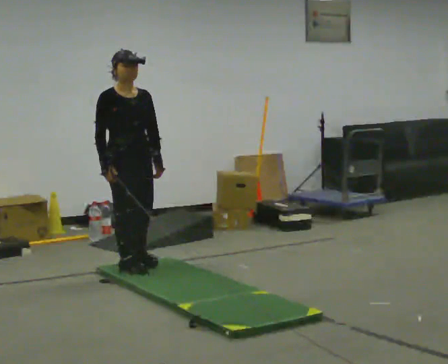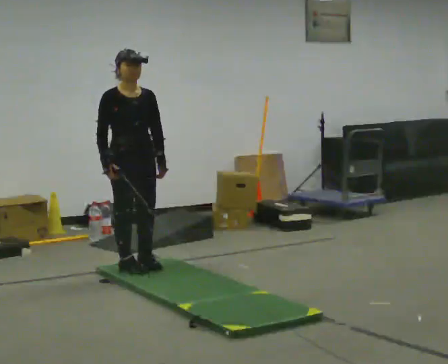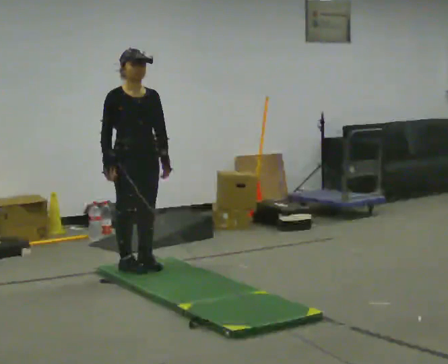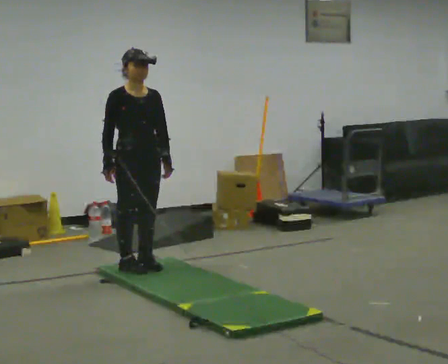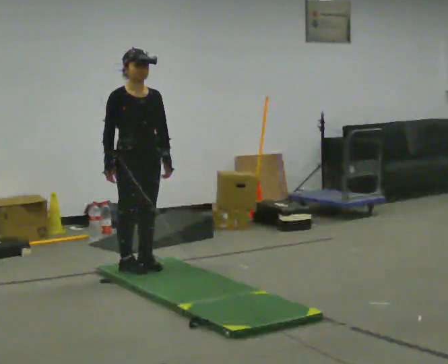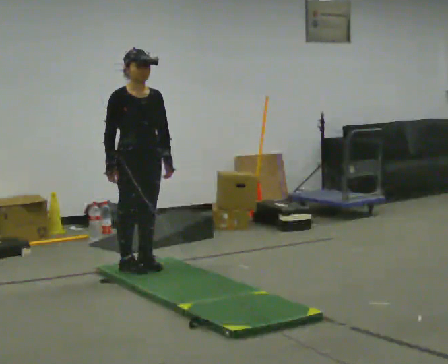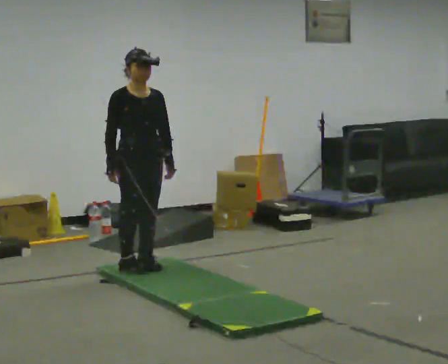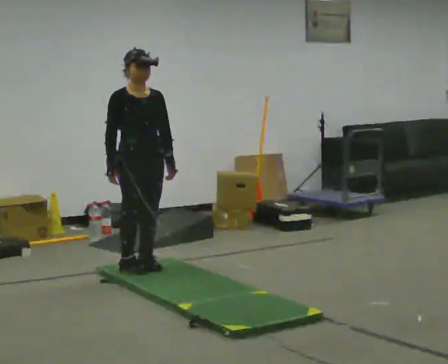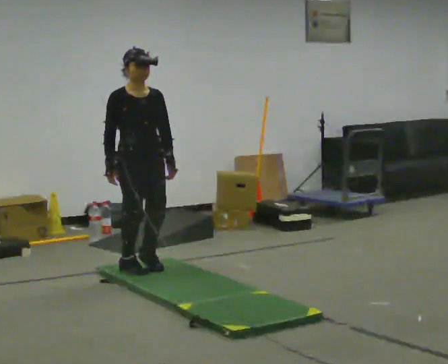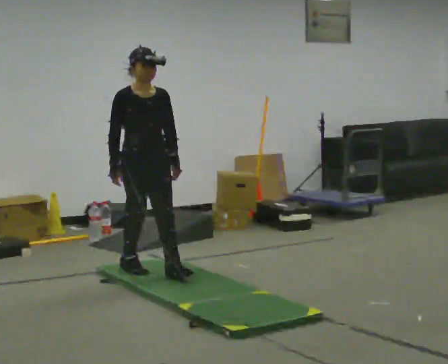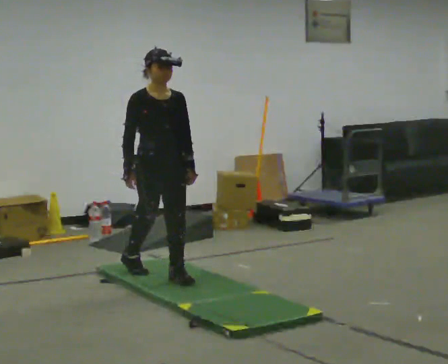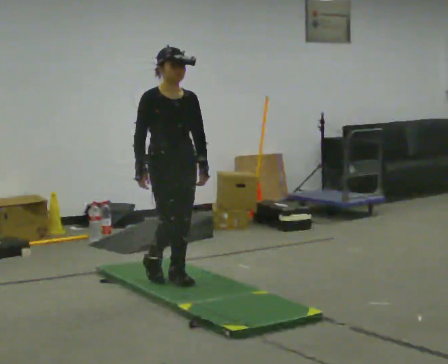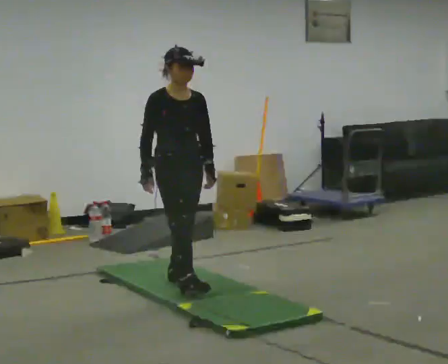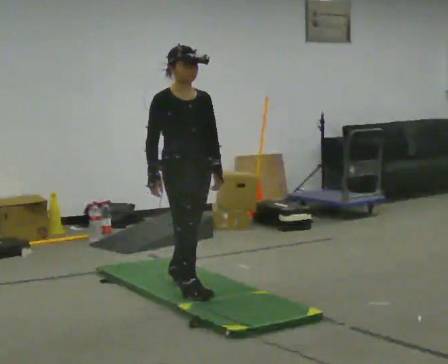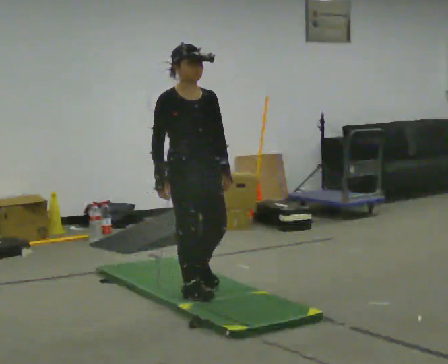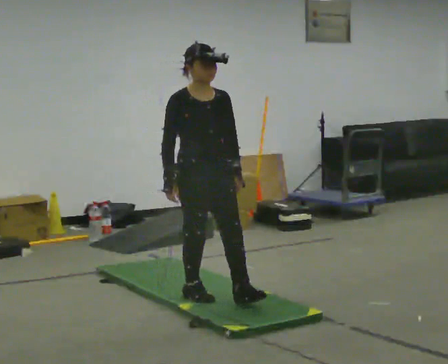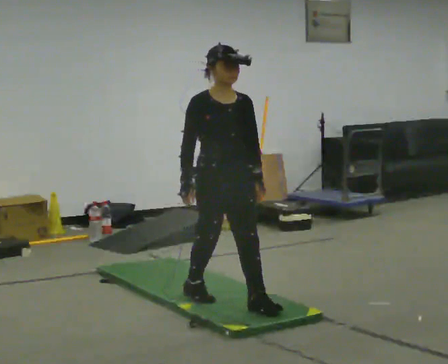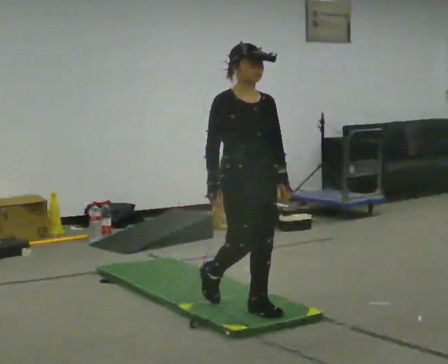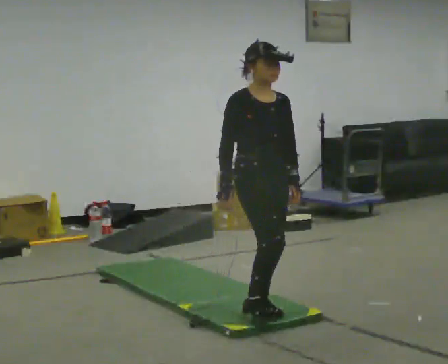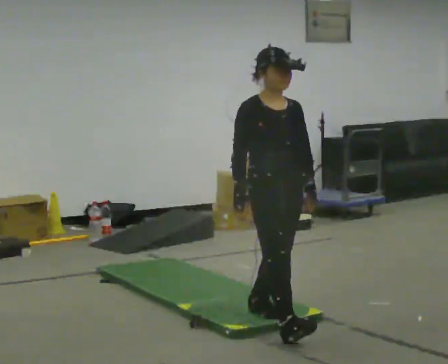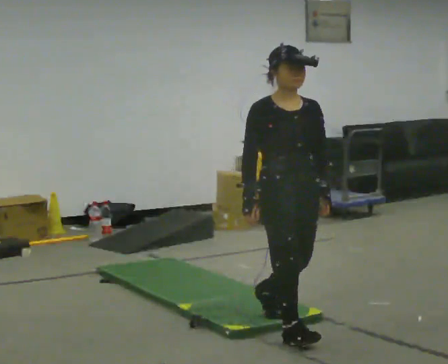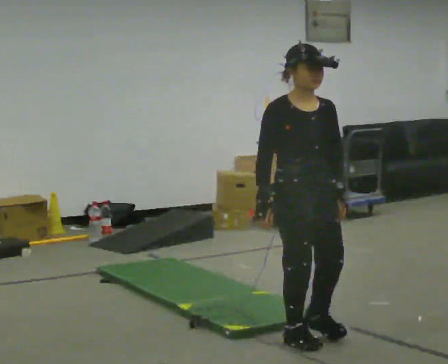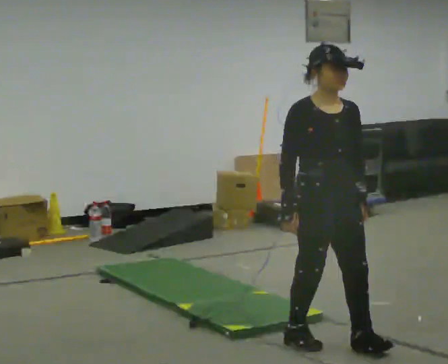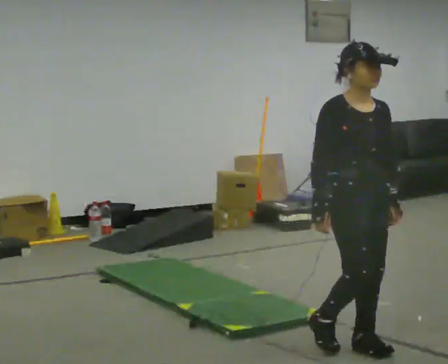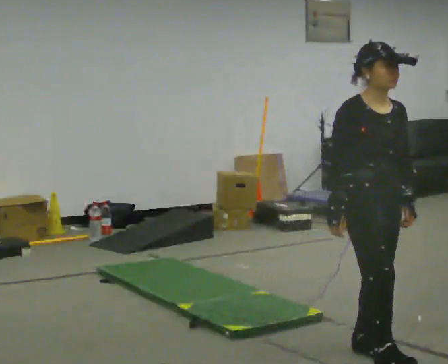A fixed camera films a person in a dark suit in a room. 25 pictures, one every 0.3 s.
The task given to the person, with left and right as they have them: Walk across the soft uneven mat at a comfortable speed; continue walking normally after you leave it.
0.0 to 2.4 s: The person moves a little, or ends about where they began.
2.4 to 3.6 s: In the picture they go toward the camera and to the right, about 0.5 m in 2 steps, which for them is forward.
3.6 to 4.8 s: In the picture they go toward the camera and to the right, about 0.5 m in 1 step, which for them is forward.
4.8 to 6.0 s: In the picture they go toward the camera and to the right, about 0.5 m in 1 step, which for them is forward.
6.0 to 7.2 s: In the picture they go toward the camera and to the right, about 0.5 m in 1 step, which for them is forward.
The film runs forward here.
